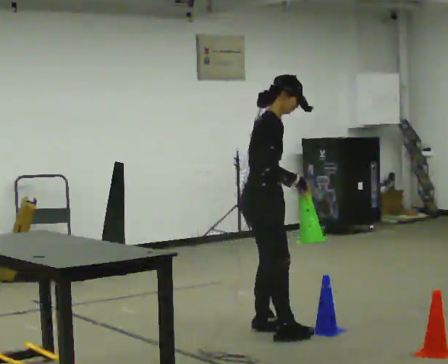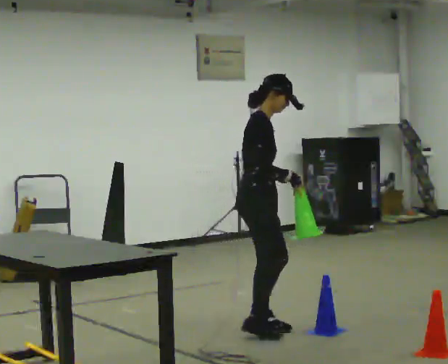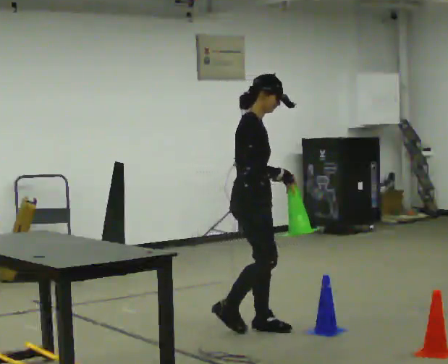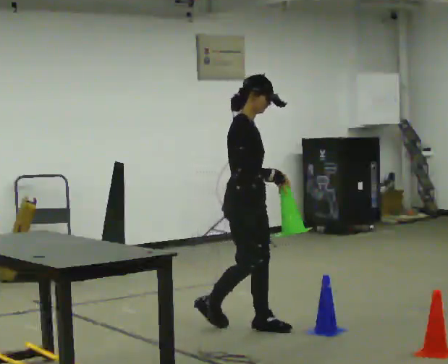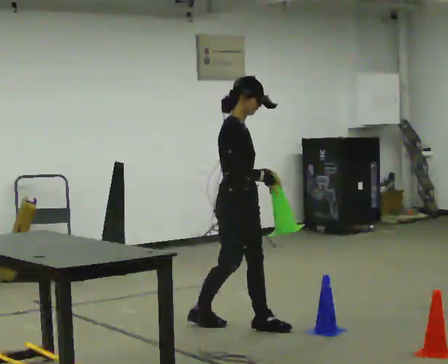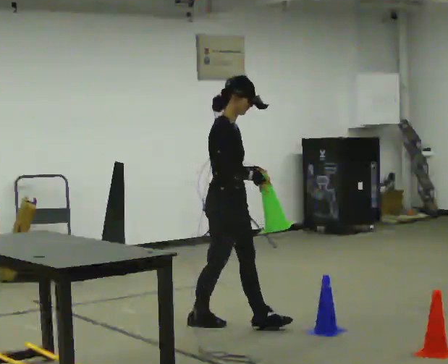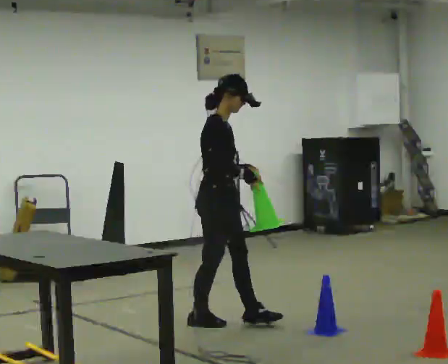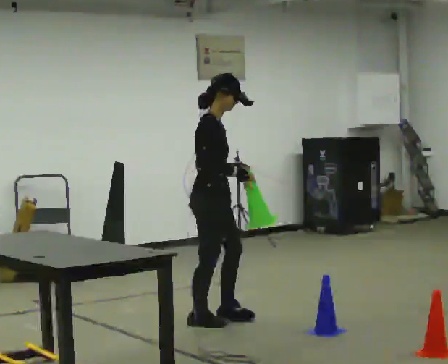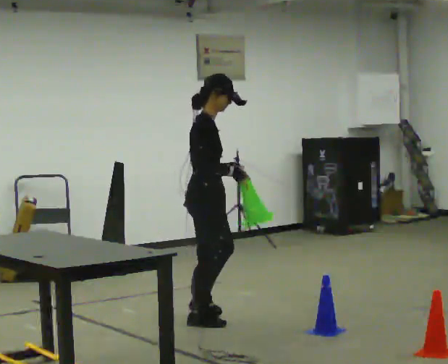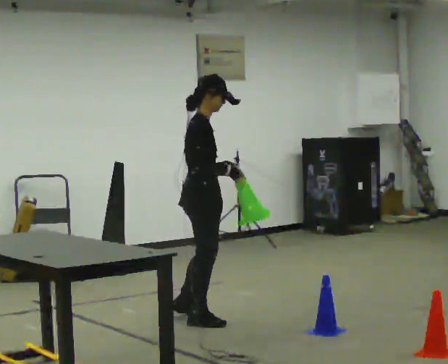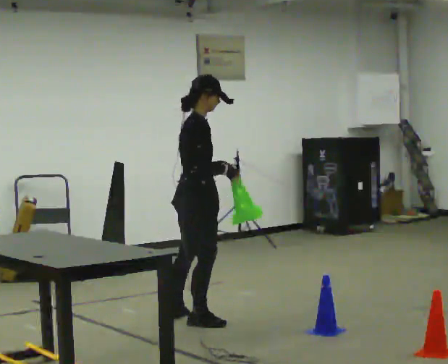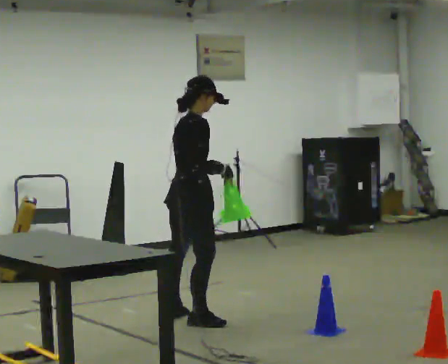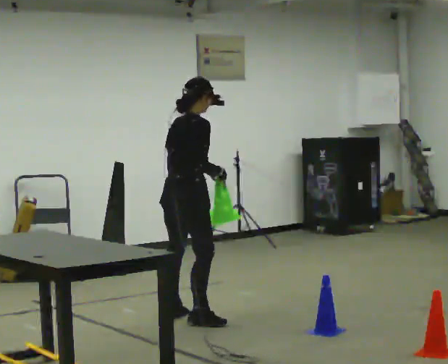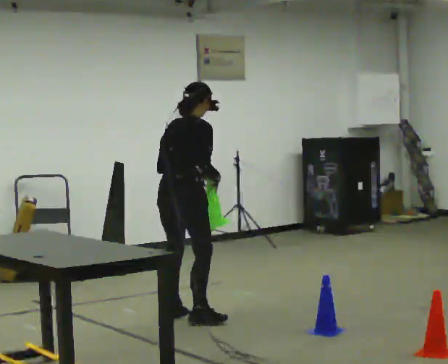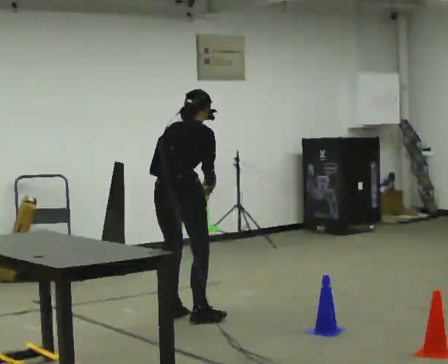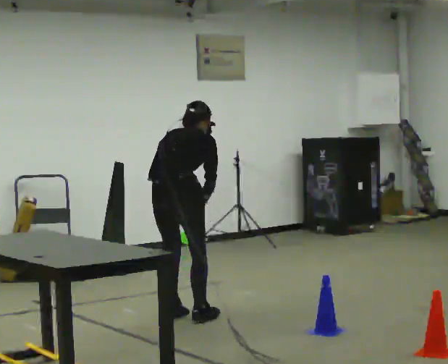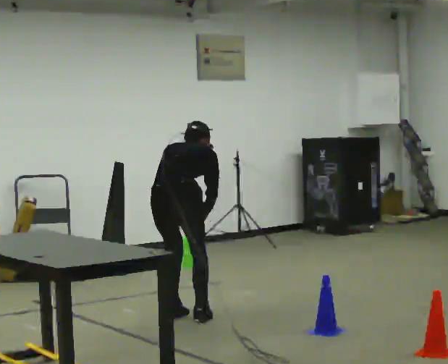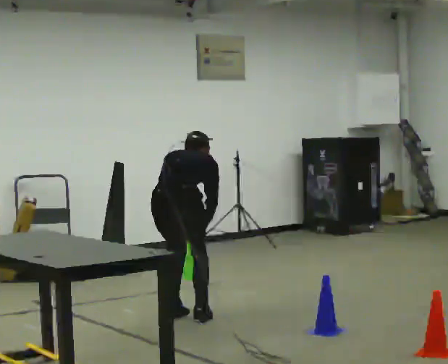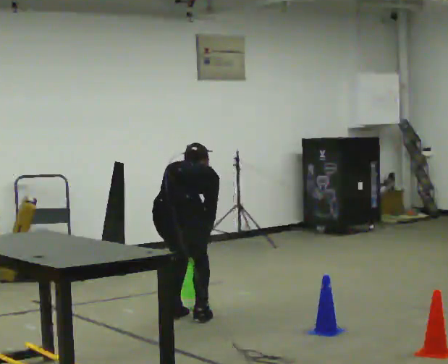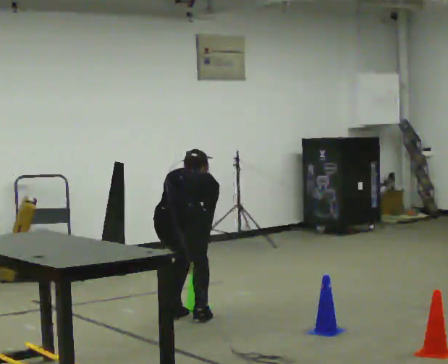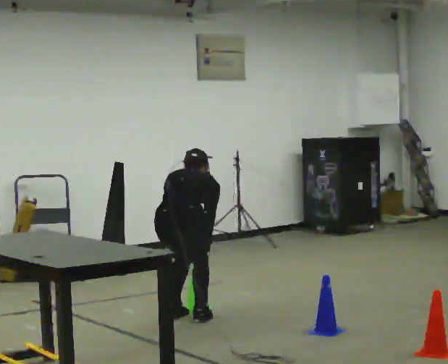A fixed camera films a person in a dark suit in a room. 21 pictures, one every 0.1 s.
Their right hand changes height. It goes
downward.
The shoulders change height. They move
downward.
0.0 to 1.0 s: In the picture they go to the left and away from the camera, about 0.5 m in 1 step, which for them is backward.
1.0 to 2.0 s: The person turns about 60 degrees to their left, counterclockwise seen from above, so the part of the body nearest the lens slides to the right. The upper body goes downward. The upper body tips away from the camera, its near side rolling upward, as they bend forward. In the picture their right hand goes downward.
The film runs backward here.
